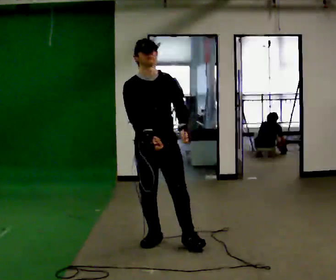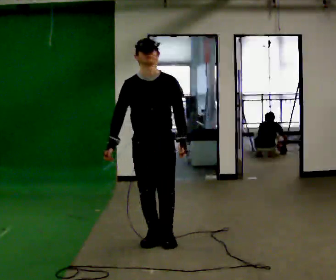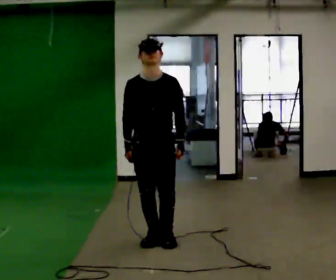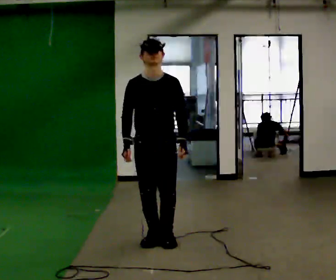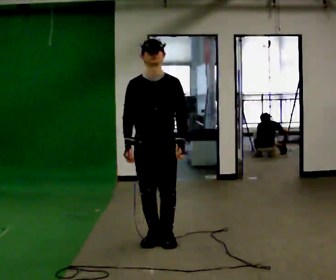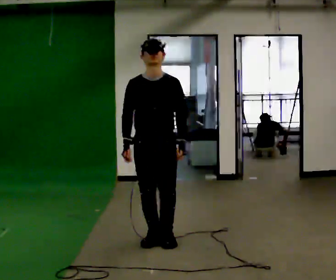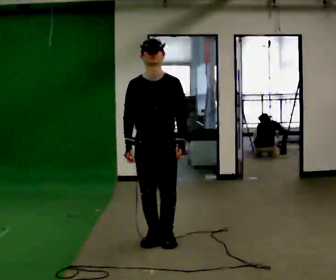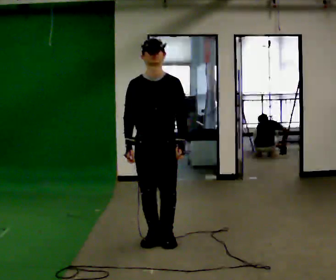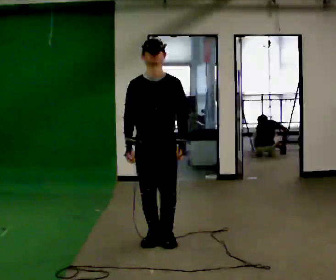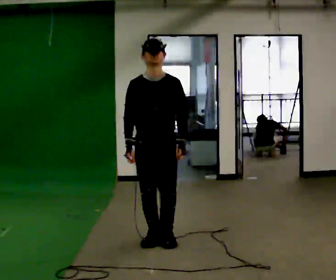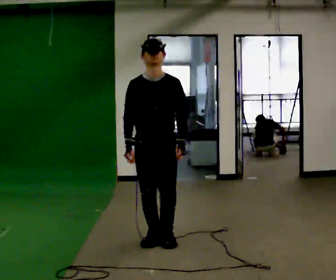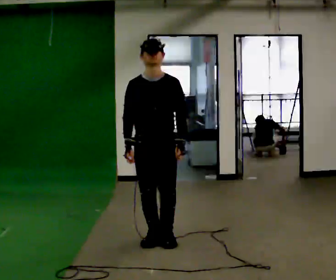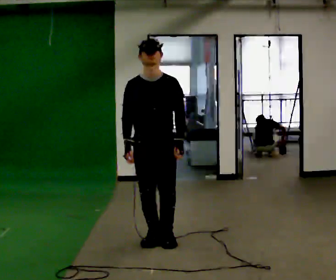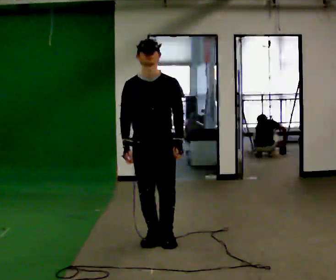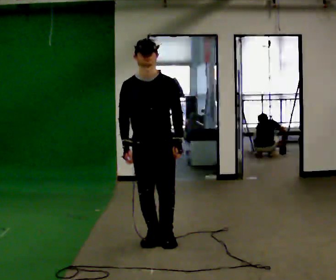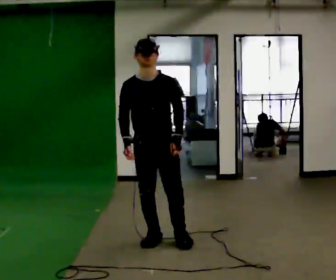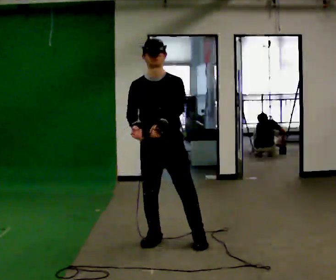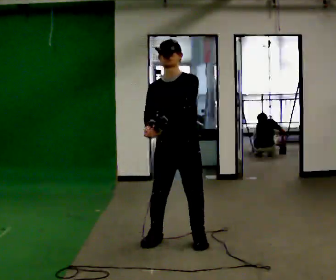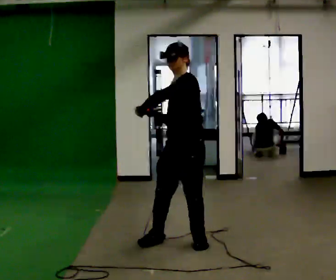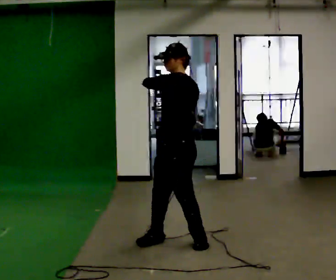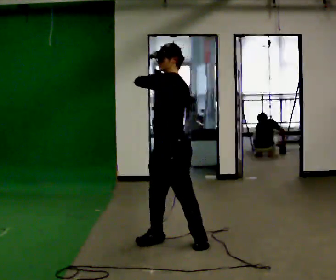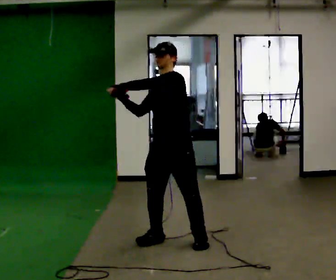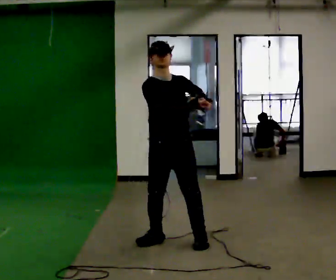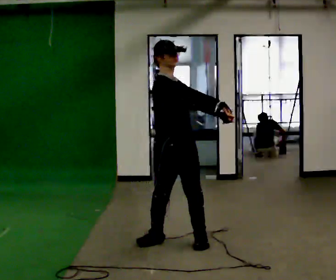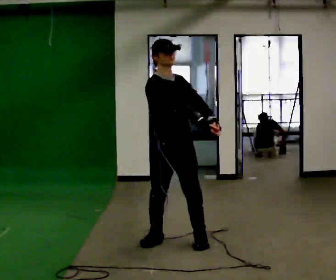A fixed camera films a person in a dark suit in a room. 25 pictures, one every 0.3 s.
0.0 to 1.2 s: The person moves a little, or ends about where they began.
1.2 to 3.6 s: The person keeps their place and pose.
3.6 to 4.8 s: The person moves a little, or ends about where they began.
4.8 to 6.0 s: The person turns about 75 degrees to their right, clockwise seen from above, so the part of the body nearest the lens slides to the left. In the picture their right hand goes upward.
6.0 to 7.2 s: Seen from above the body turns counterclockwise, about 105 degrees: to their left, with its near side sliding to the right. In the picture their left hand goes to the right and downward.
The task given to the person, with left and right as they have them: Mime a baseball swing with no bat: set your stance, stride, swing through. Repeat the movement at your own pace until the operator says stop; do not rush.
The film runs forward here.
